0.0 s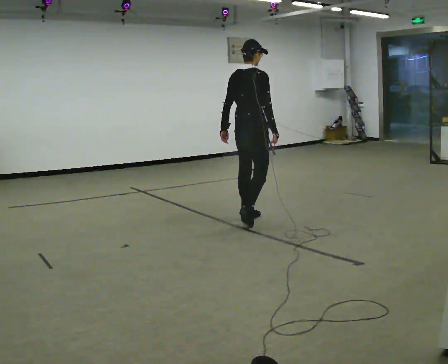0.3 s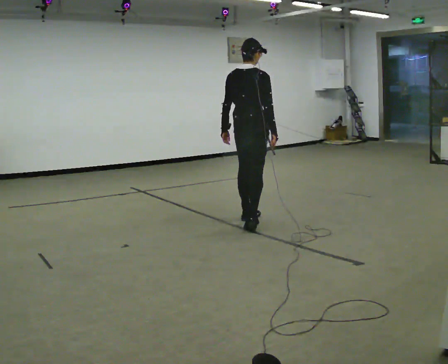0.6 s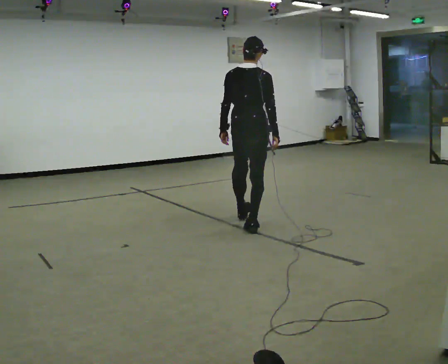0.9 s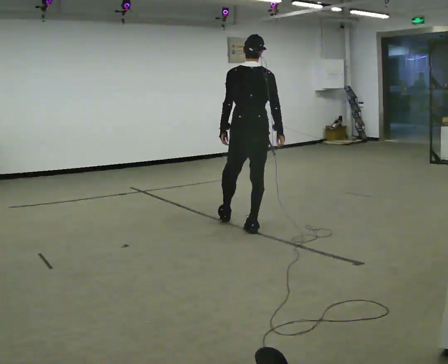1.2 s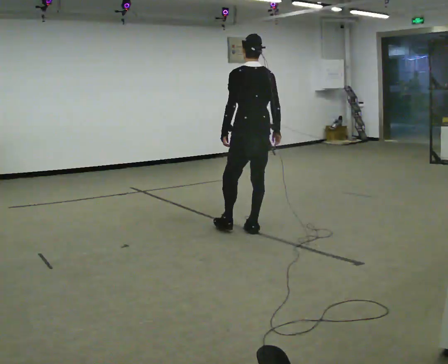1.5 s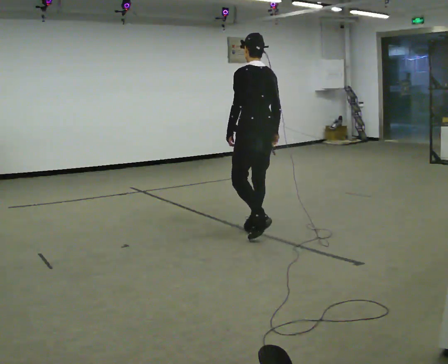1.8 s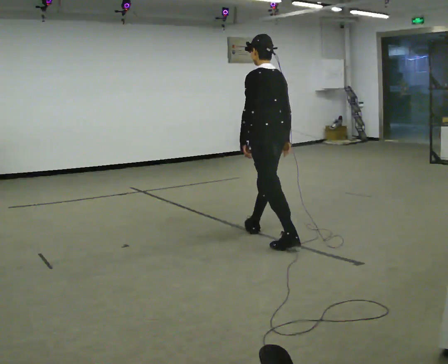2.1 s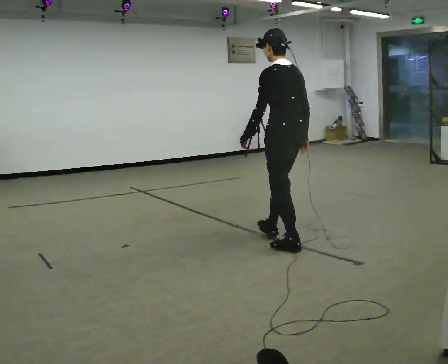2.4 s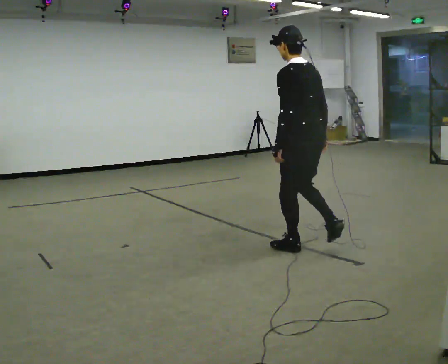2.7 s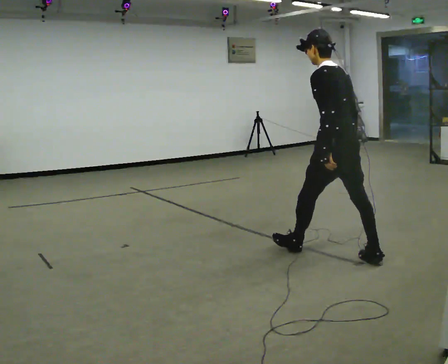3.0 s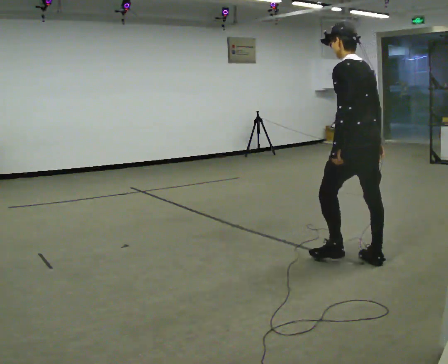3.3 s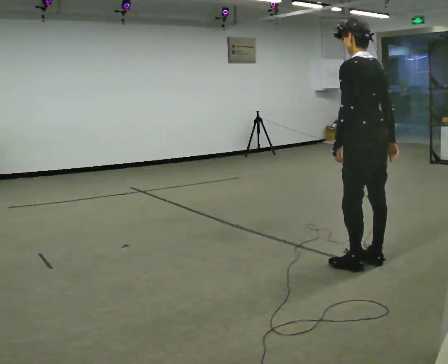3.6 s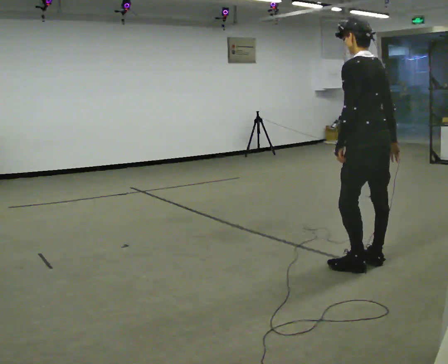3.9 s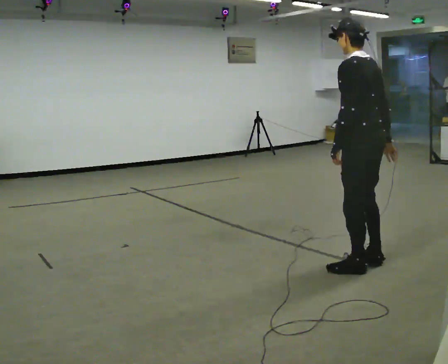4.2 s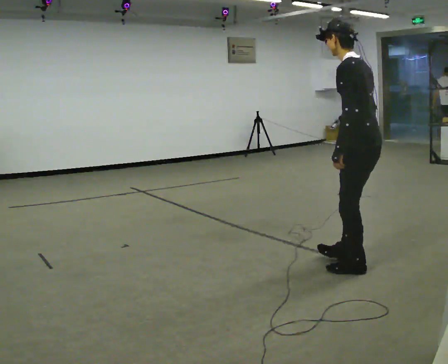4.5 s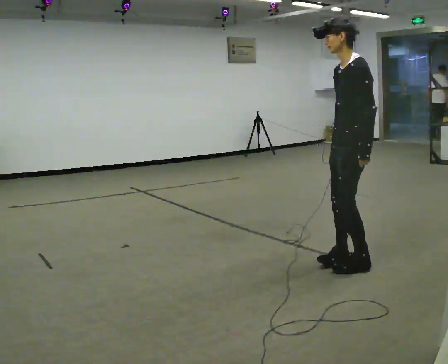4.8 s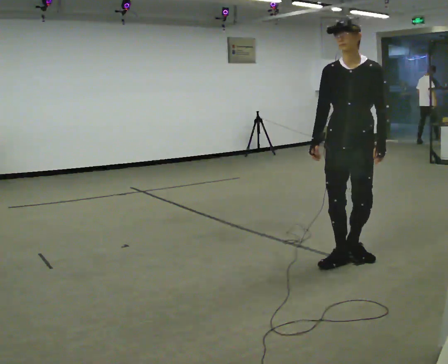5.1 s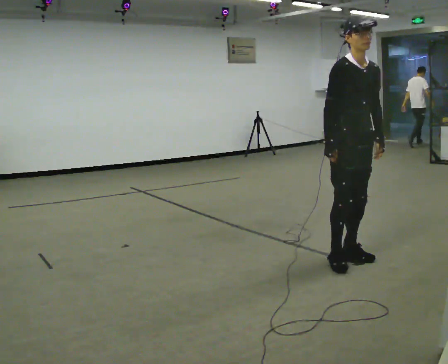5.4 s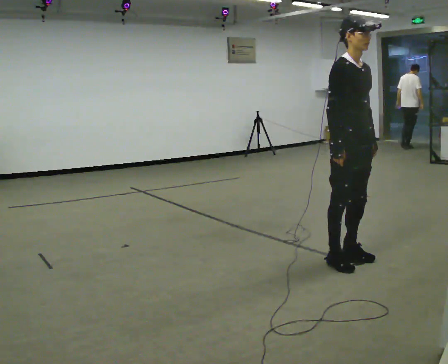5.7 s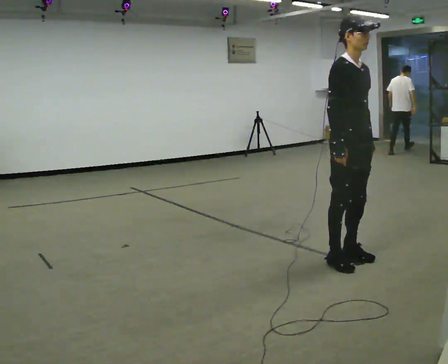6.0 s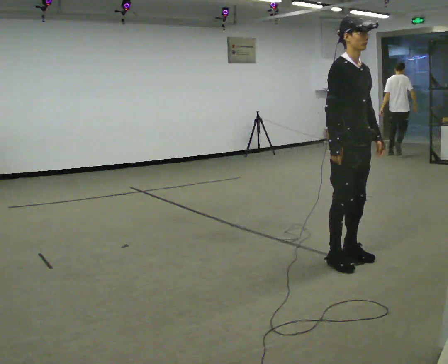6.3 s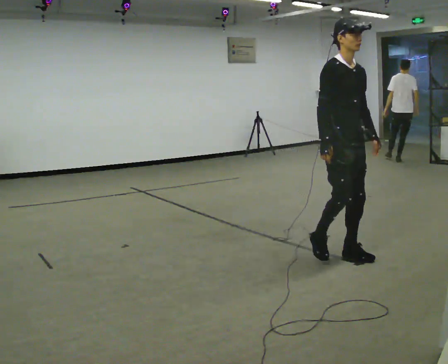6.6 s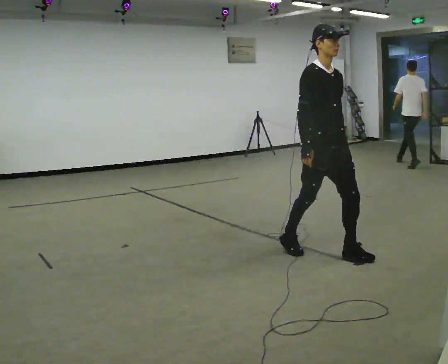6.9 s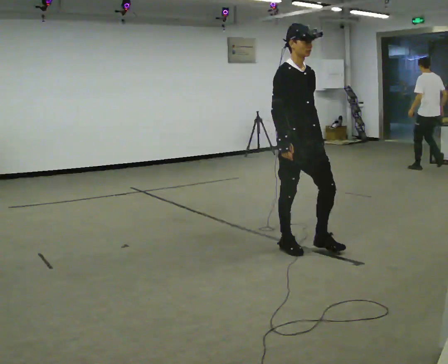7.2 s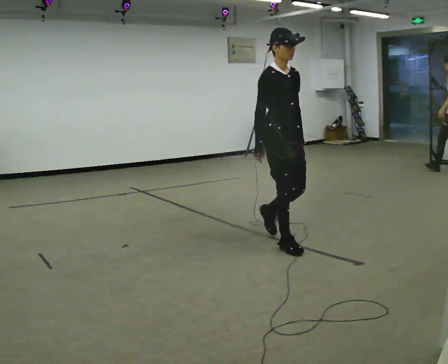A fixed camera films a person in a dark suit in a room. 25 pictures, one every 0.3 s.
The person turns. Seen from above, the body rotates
counterclockwise.
The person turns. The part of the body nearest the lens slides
to the right.
0.0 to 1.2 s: Seen from above the body turns counterclockwise, about 60 degrees: to their left, with its near side sliding to the right. In the picture they go toward the camera, about 0.25 m in 1 step, which for them is backward.
1.2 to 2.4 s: In the picture they go toward the camera and to the right, about 1 m in 1 step, which for them is backward.
2.4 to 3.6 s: In the picture they go to the right and toward the camera, about 0.5 m in 1 step, which for them is backward.
3.6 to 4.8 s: The person turns about 120 degrees to their left, counterclockwise seen from above, so the part of the body nearest the lens slides to the right. In the picture they go to the left, about 0.25 m in 2 steps. In the picture their right hand goes to the left, the arm swinging clockwise.
4.8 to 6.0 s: The person turns about 60 degrees to their left, counterclockwise seen from above, so the part of the body nearest the lens slides to the right.
6.0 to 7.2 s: In the picture they go to the left and away from the camera, about 0.75 m in 2 steps, which for them is backward.
The film runs backward here.
